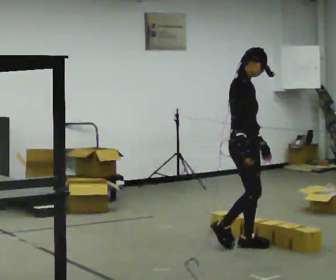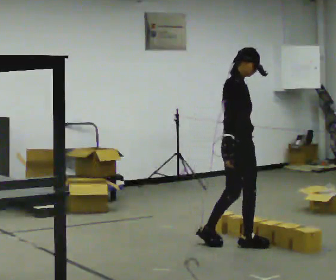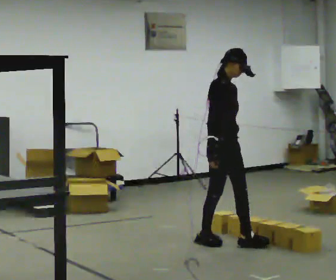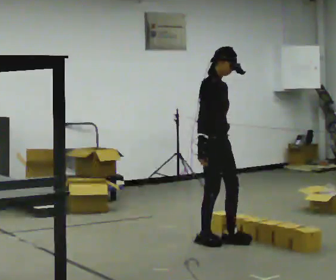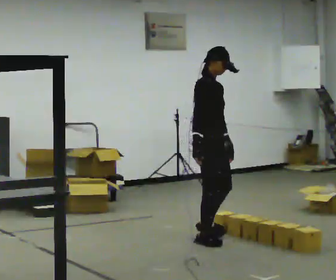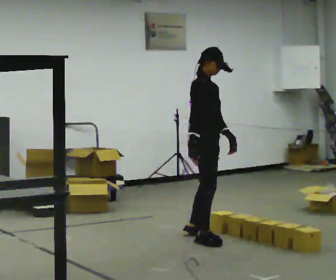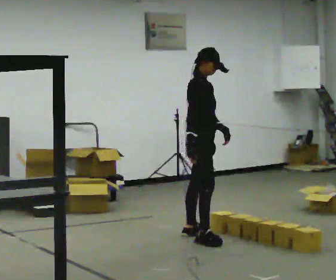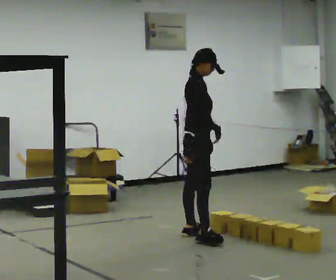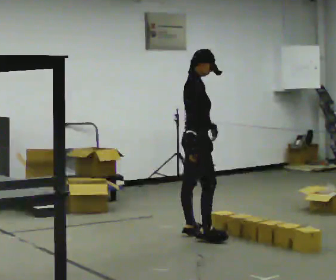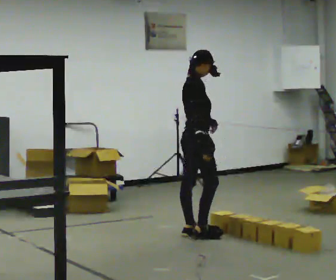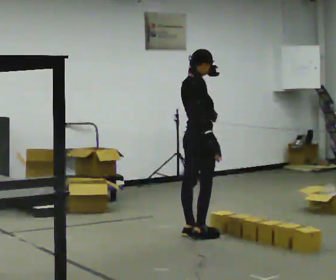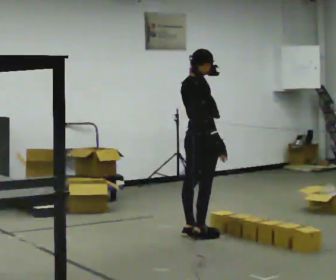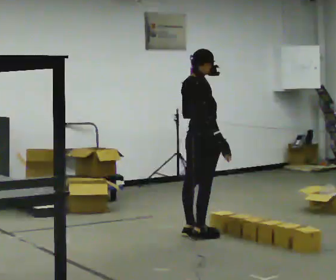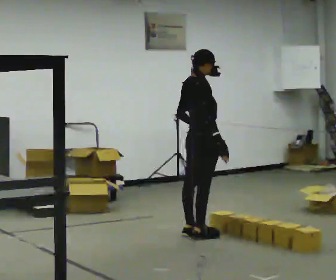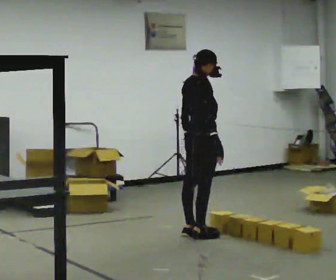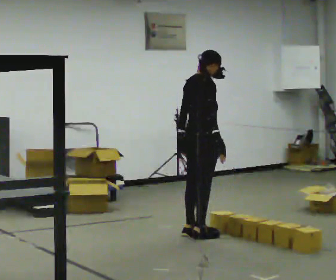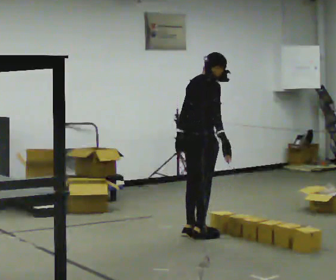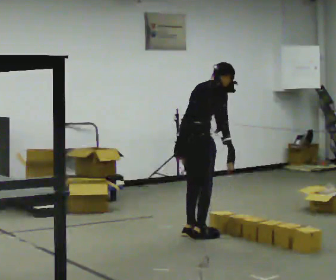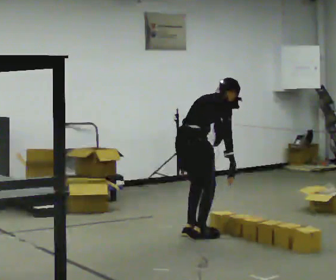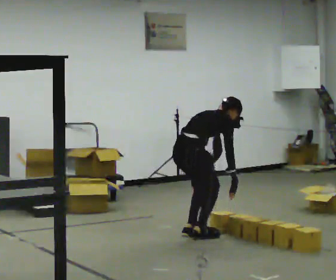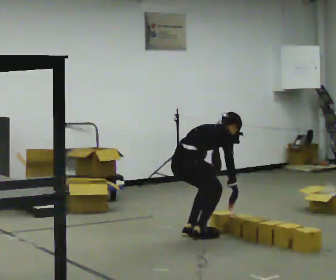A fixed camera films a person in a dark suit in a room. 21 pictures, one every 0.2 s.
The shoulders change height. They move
downward.
Their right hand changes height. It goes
downward.
0.0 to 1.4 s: In the picture they go away from the camera and to the left, about 0.5 m in 1 step, which for them is backward.
1.4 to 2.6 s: The person turns about 45 degrees to their left, counterclockwise seen from above, so the part of the body nearest the lens slides to the right.
2.6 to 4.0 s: The upper body goes downward. In the picture the upper body tilts clockwise, shoulders to the right, as they bend forward. In the picture their left hand goes downward.
The film runs backward here.
